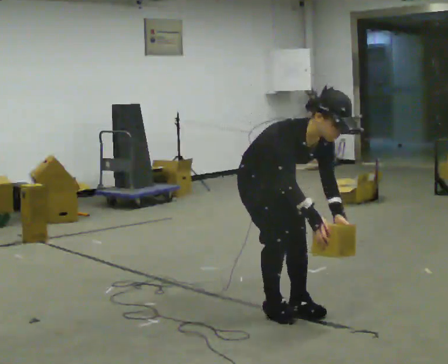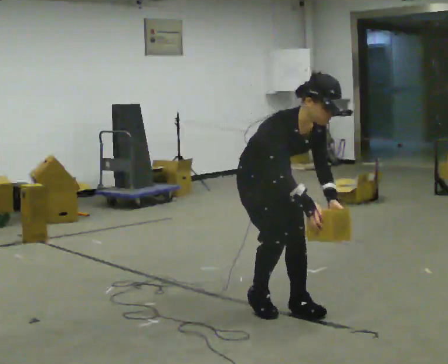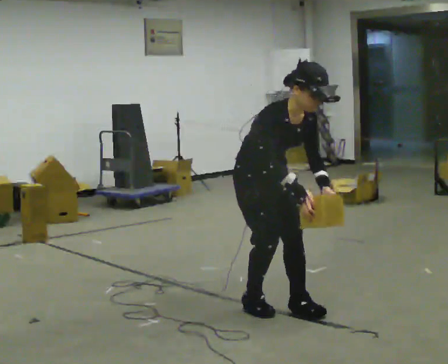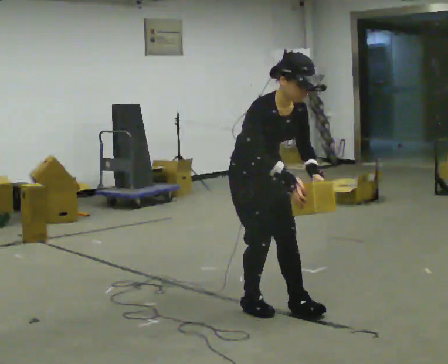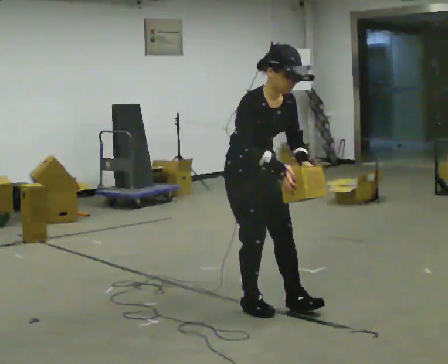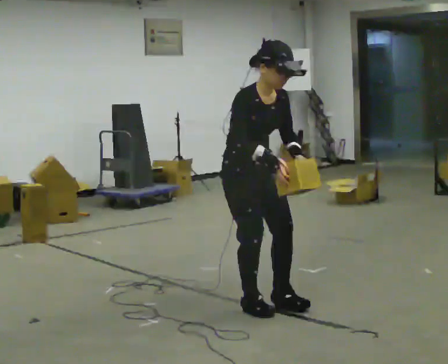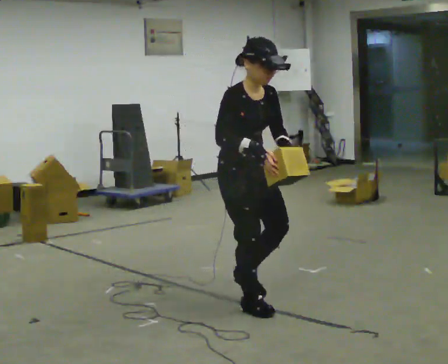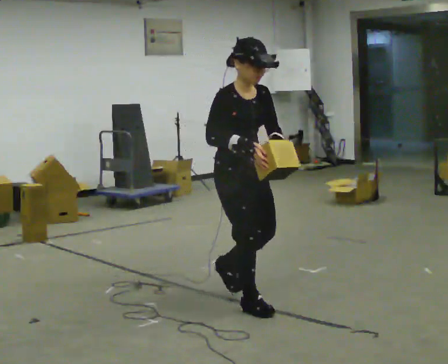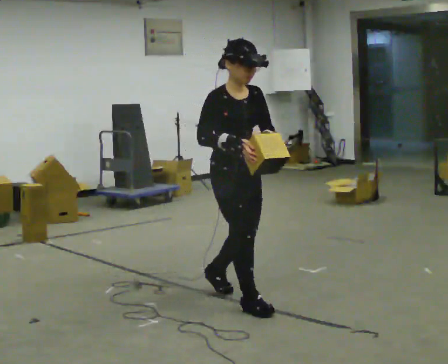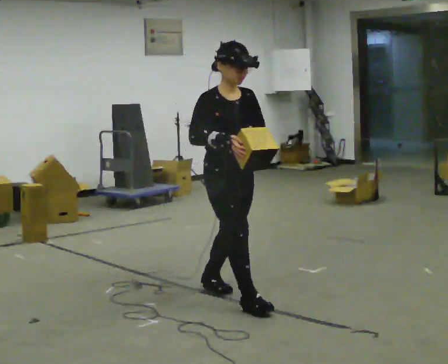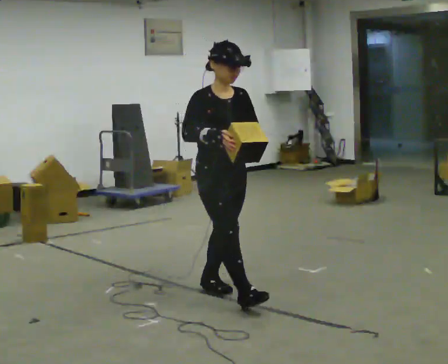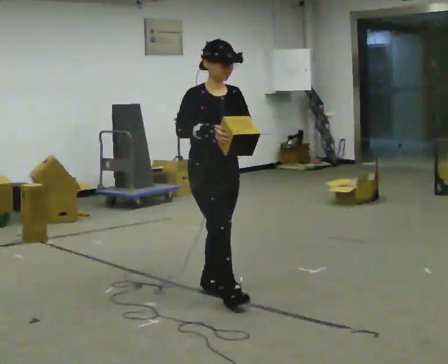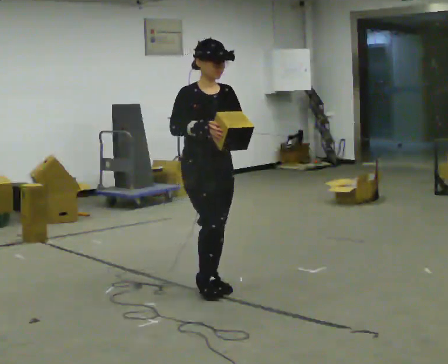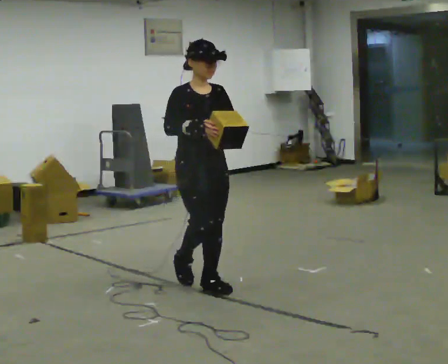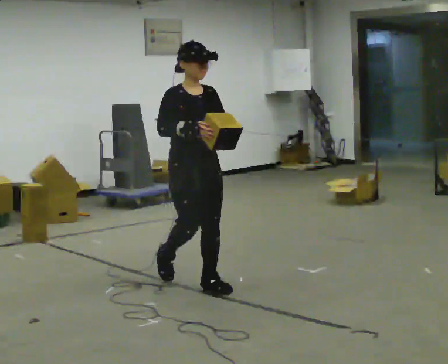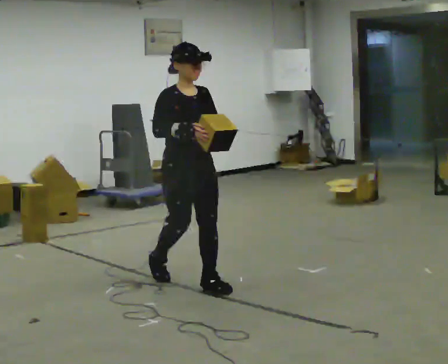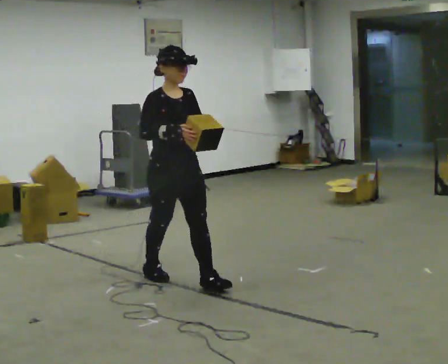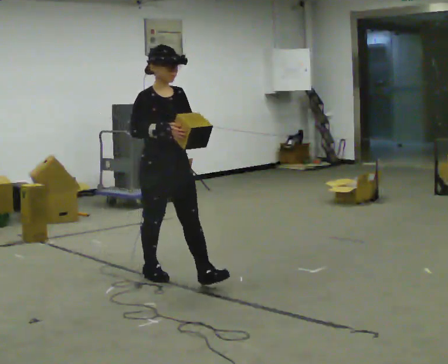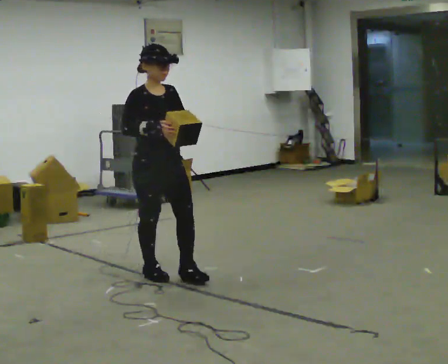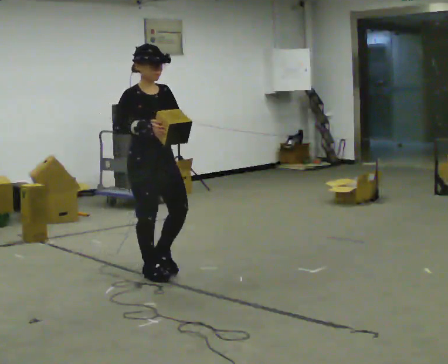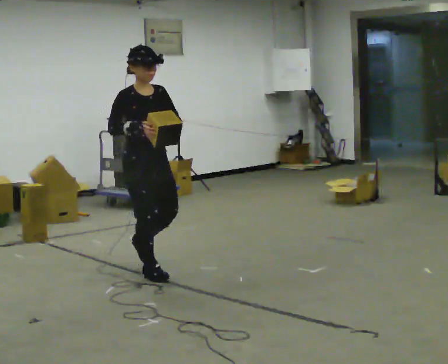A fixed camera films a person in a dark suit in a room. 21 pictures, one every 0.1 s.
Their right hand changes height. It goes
upward.
Their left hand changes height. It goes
upward.
0.0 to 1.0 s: In the picture they go away from the camera and to the left, about 0.5 m in 2 steps, which for them is backward. The shoulders move upward. The upper body tips away from the camera, its near side rolling upward, as they lean back or straighten. In the picture their left hand goes upward.
1.0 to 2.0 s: In the picture they go away from the camera and to the left, about 1 m in 1 step, which for them is backward.
The film runs backward here.
